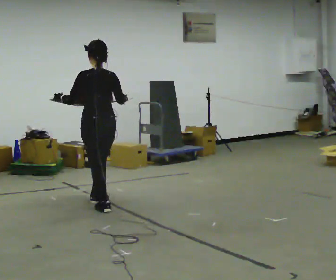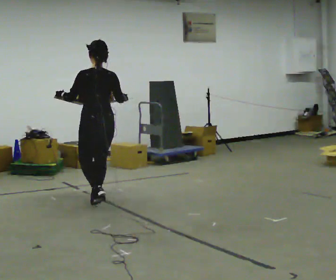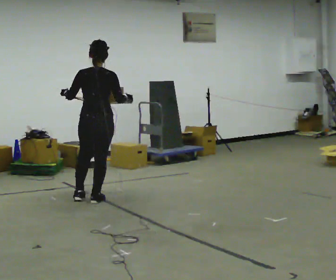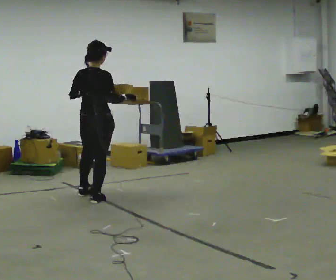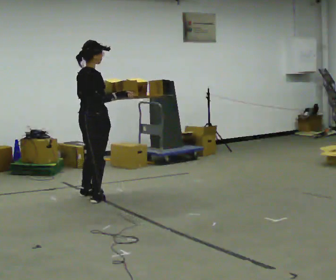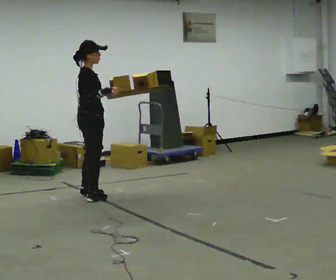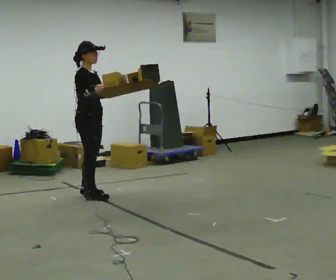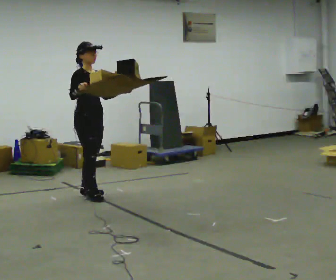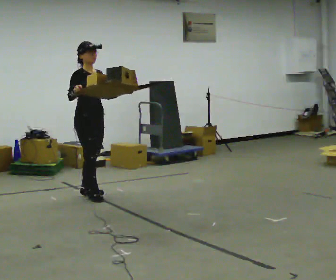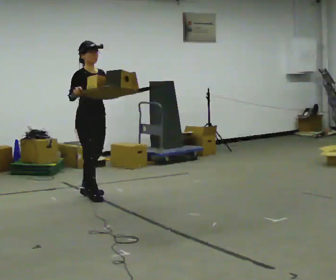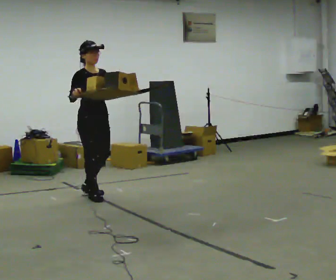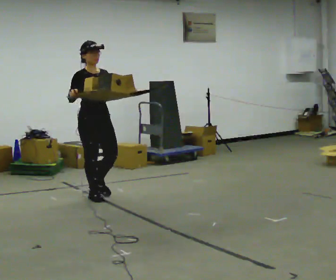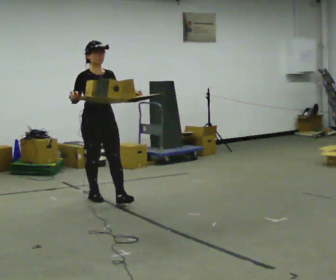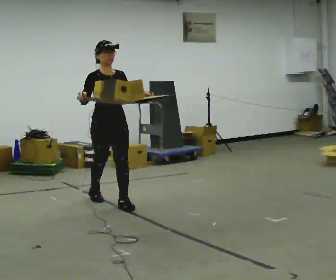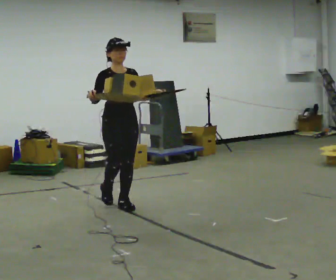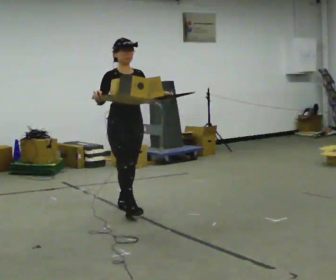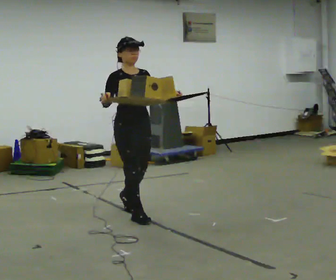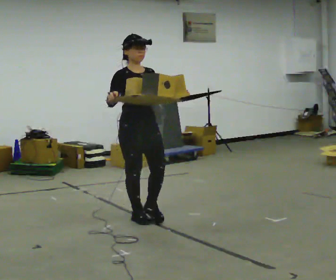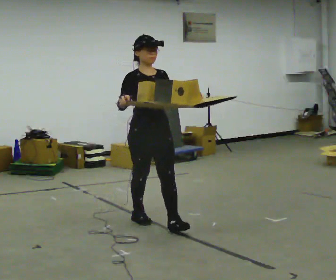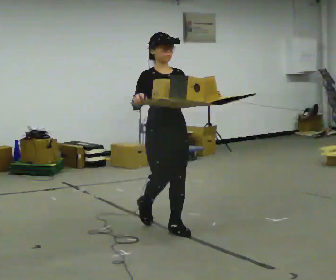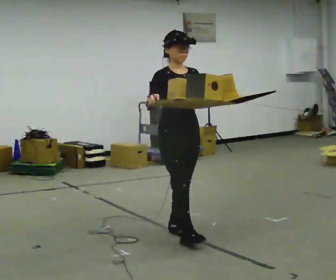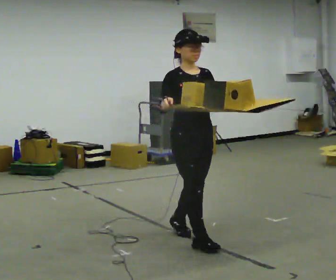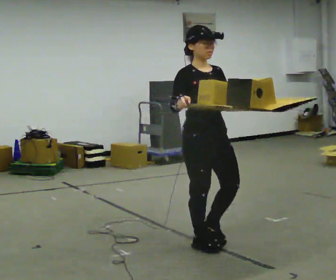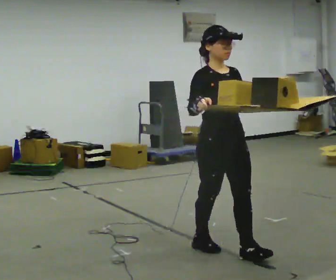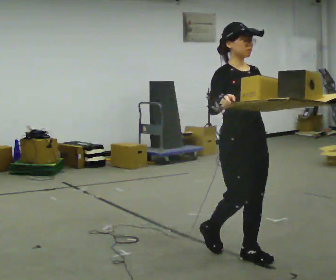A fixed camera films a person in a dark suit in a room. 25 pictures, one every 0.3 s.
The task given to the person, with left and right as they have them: Carry the open tray of loose items across the room, back and forth, trying not to let anything fall out.
0.0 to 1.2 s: Seen from above the body turns clockwise, about 90 degrees: to their right, with its near side sliding to the left. In the picture they go away from the camera, about 0.25 m in 1 step.
1.2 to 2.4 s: The person turns about 75 degrees to their right, clockwise seen from above, so the part of the body nearest the lens slides to the left.
2.4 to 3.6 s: In the picture they go toward the camera, about 0.25 m, which for them is forward.
3.6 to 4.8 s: In the picture they go toward the camera and to the right, about 0.5 m in 2 steps, which for them is forward.
4.8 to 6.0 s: In the picture they go toward the camera and to the right, about 0.5 m in 1 step, which for them is forward.
6.0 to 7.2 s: In the picture they go toward the camera and to the right, about 0.5 m in 2 steps, which for them is forward.
The film runs forward here.
